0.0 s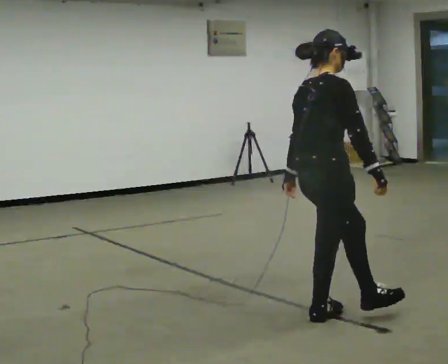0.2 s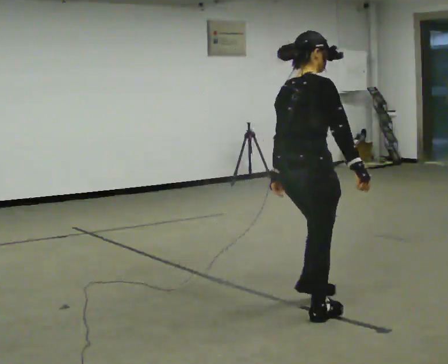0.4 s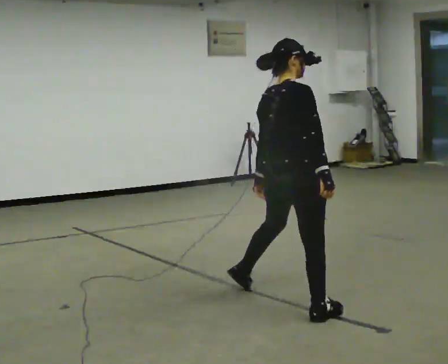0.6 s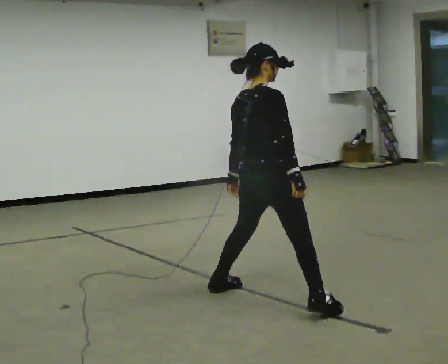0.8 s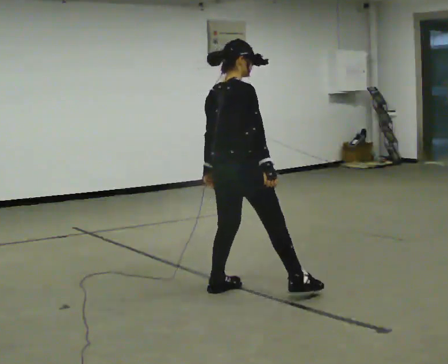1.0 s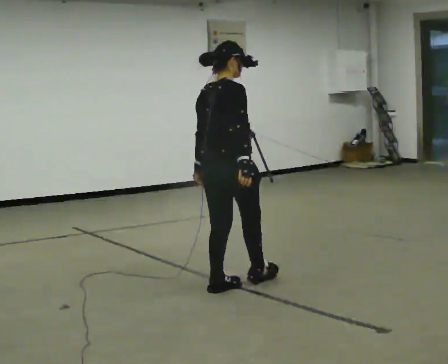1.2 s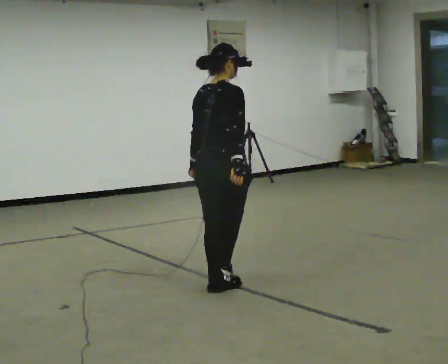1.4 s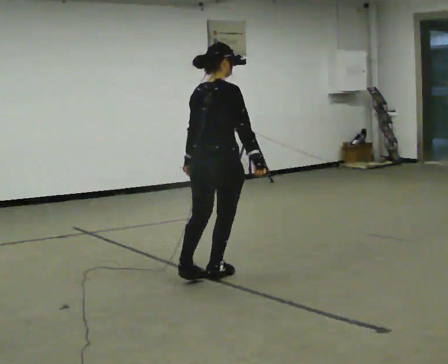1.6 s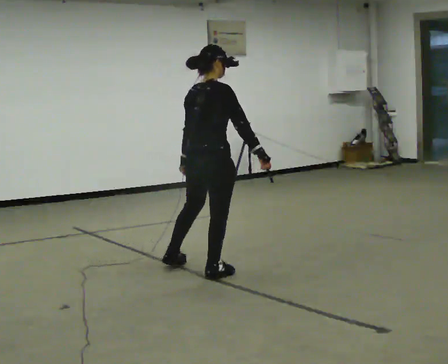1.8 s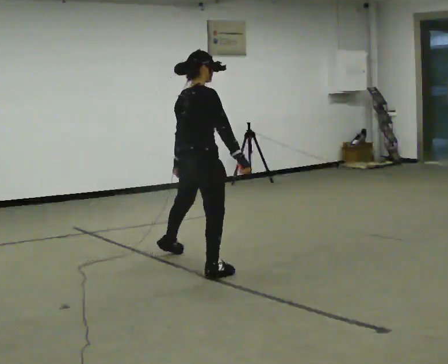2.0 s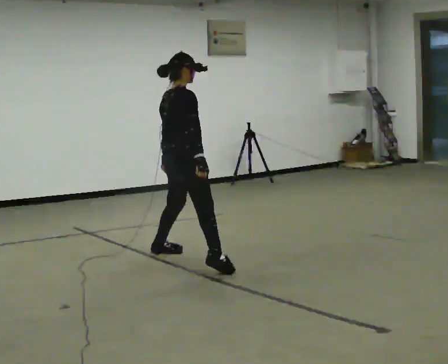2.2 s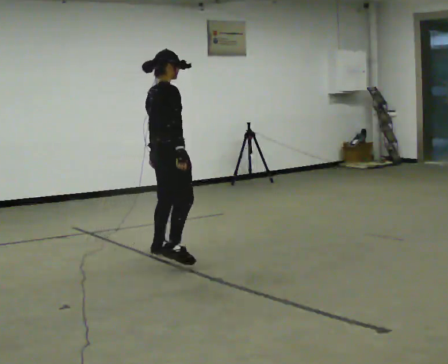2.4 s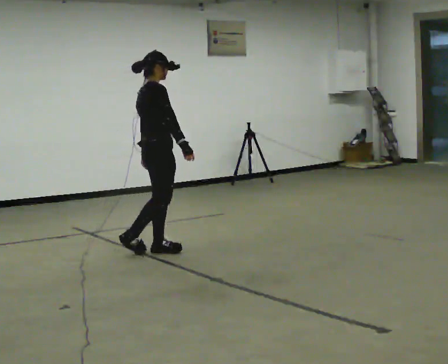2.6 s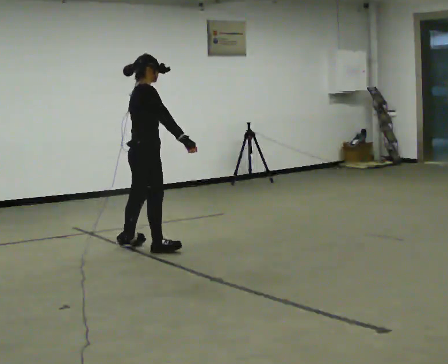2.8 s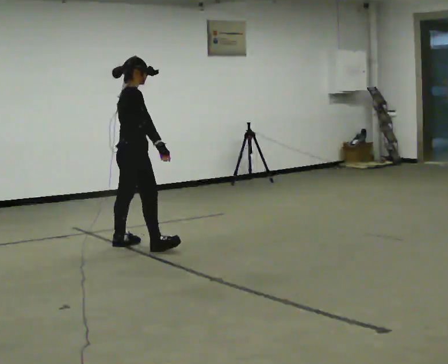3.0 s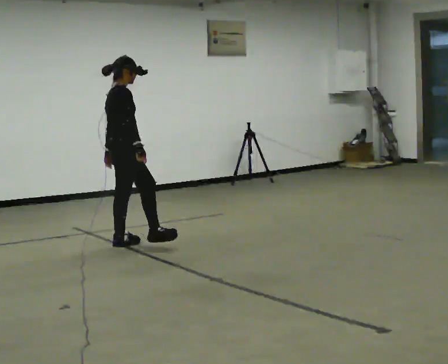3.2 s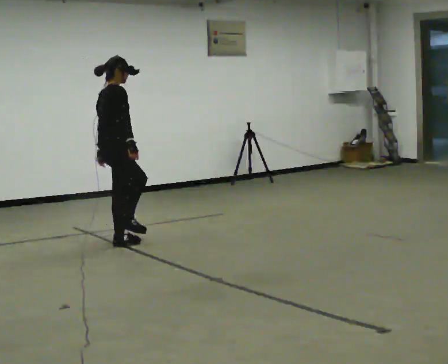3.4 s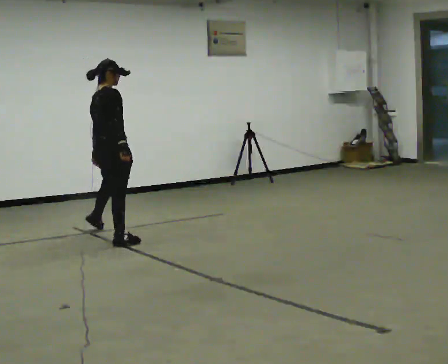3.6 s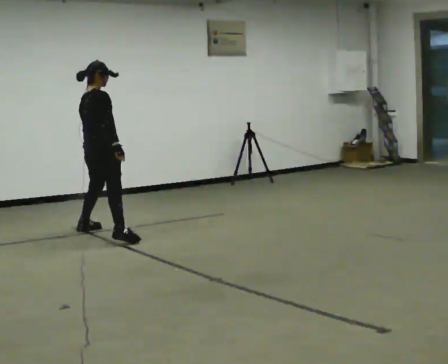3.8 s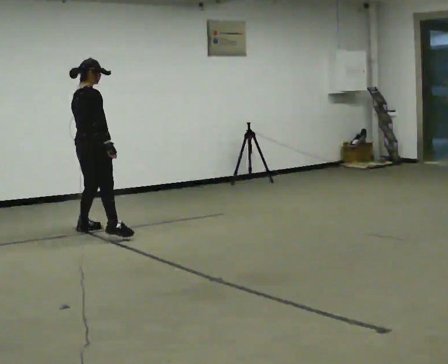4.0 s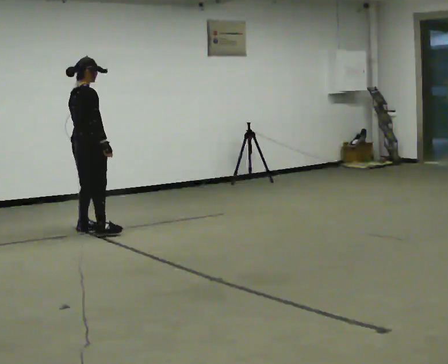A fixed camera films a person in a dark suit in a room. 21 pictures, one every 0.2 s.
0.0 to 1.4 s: The person turns about 30 degrees to their left, counterclockwise seen from above, so the part of the body nearest the lens slides to the right. In the picture they go away from the camera and to the left, about 1 m in 2 steps, which for them is to their left.
1.4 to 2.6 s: Seen from above the body turns clockwise, about 60 degrees: to their right, with its near side sliding to the left. In the picture they go away from the camera and to the left, about 1 m in 1 step, which for them is to their left.
2.6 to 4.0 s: Seen from above the body turns counterclockwise, about 30 degrees: to their left, with its near side sliding to the right. In the picture they go away from the camera and to the left, about 1 m in 2 steps, which for them is to their left.
The film runs backward here.
